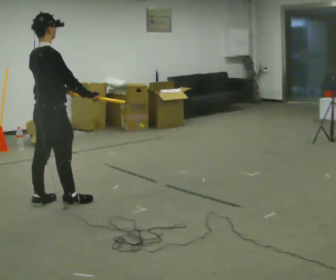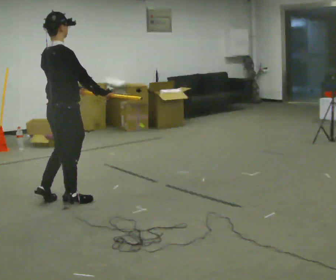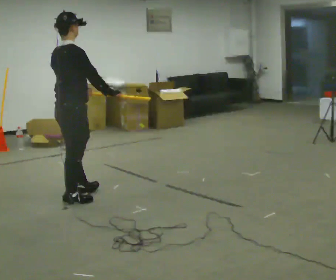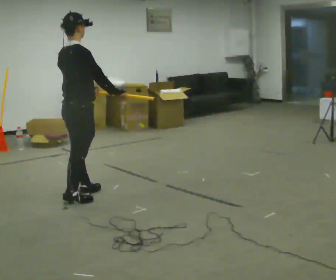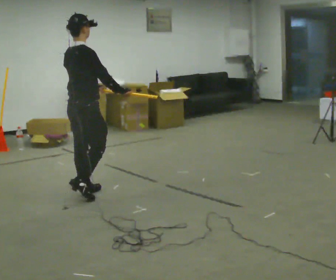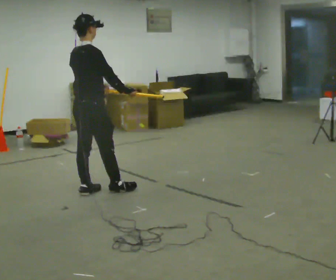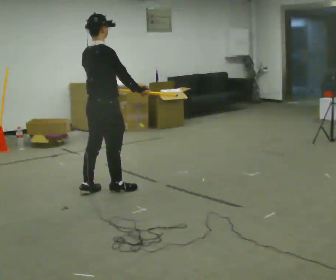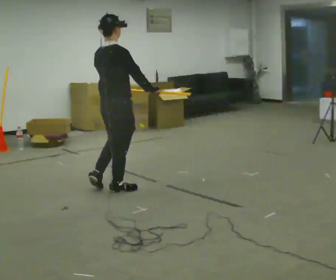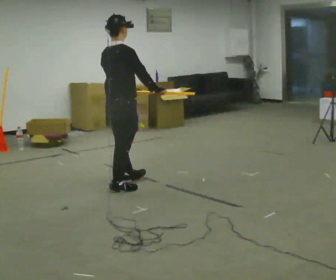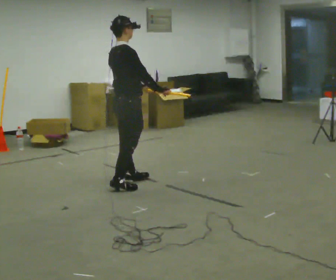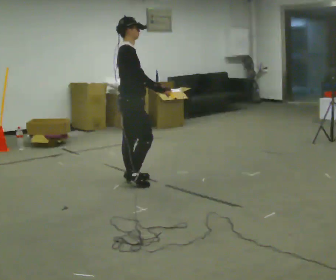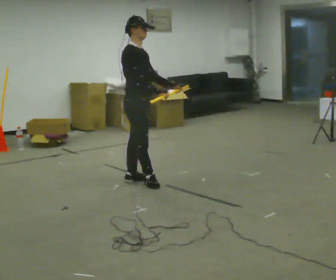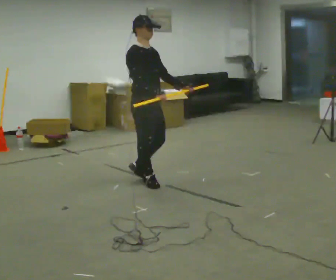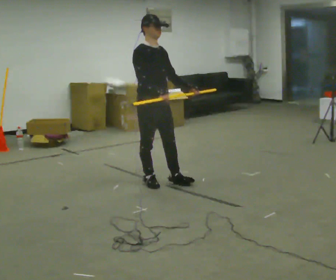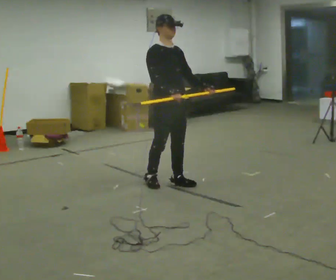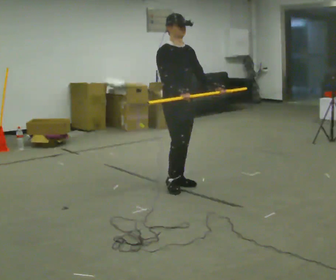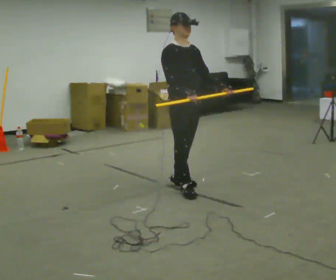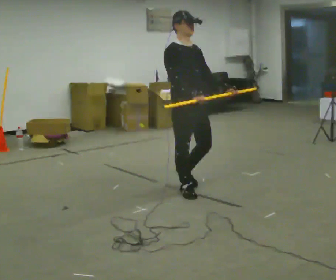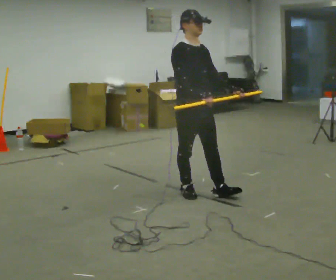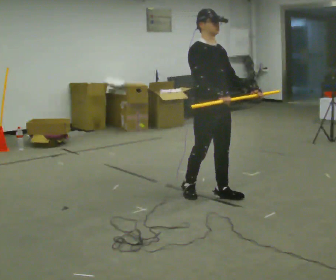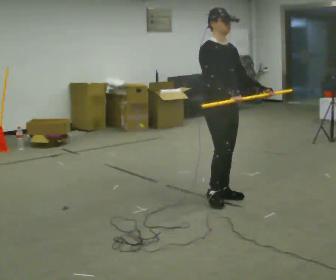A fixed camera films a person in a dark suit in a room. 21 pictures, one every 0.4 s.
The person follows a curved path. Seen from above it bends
clockwise.
The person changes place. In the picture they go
to the right.
0.0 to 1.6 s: In the picture they go to the right and away from the camera, about 0.25 m in 1 step, which for them is forward.
1.6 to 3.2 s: In the picture they go to the right, about 0.5 m in 1 step, which for them is forward.
3.2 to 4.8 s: Seen from above the body turns clockwise, about 75 degrees: to their right, with its near side sliding to the left. In the picture they go to the right, about 0.25 m in 2 steps.
4.8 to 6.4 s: In the picture they go to the right and toward the camera, about 0.5 m in 2 steps, which for them is forward and to their left.
6.4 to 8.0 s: In the picture they go toward the camera and to the right, about 0.5 m in 1 step, which for them is forward.
The film runs forward here.
